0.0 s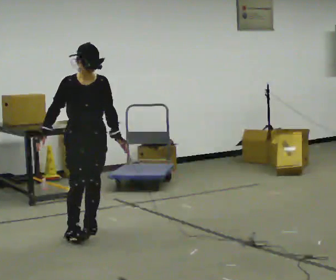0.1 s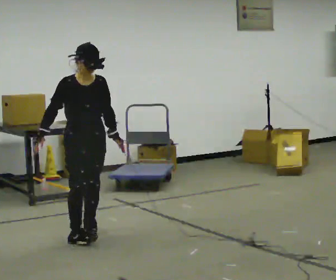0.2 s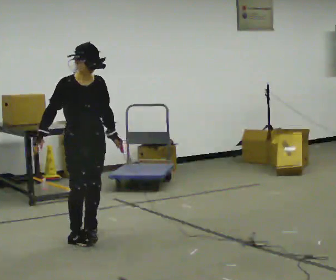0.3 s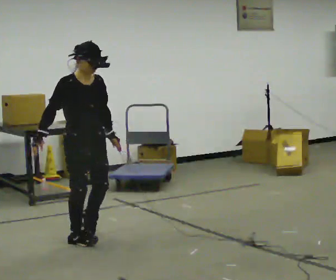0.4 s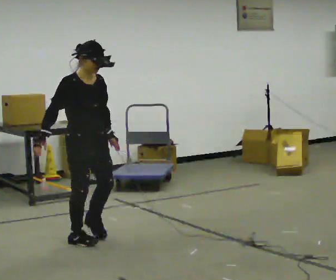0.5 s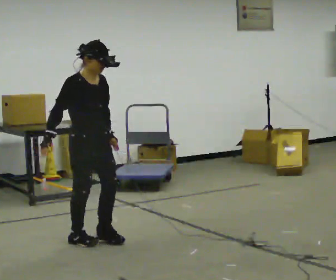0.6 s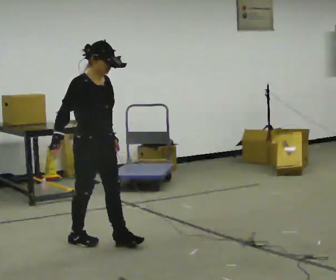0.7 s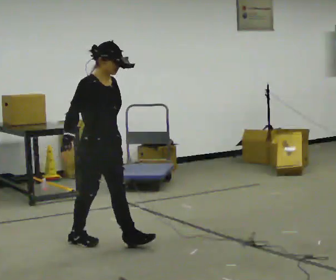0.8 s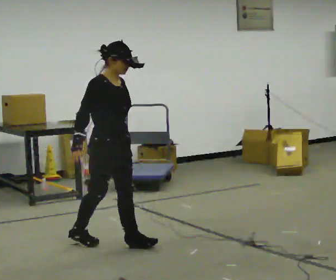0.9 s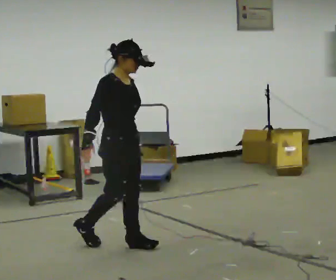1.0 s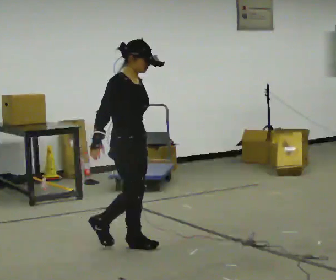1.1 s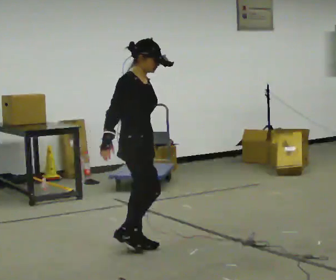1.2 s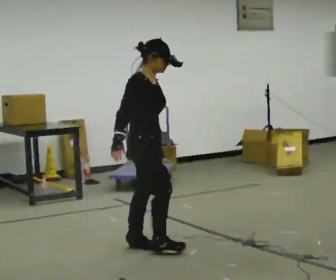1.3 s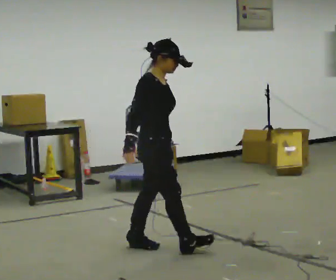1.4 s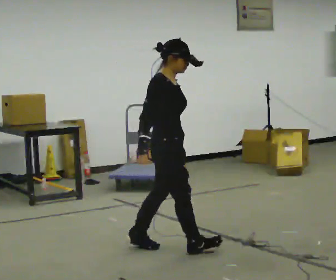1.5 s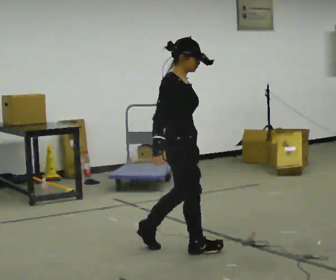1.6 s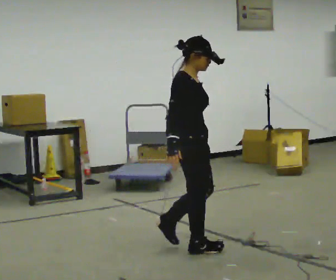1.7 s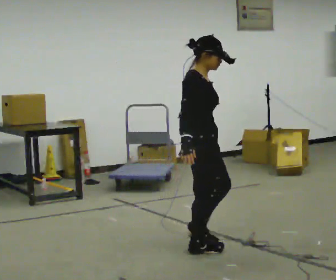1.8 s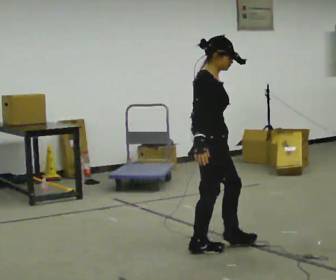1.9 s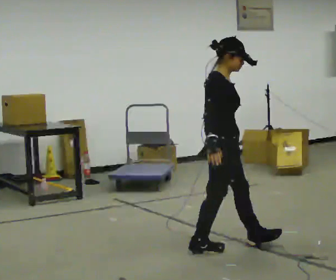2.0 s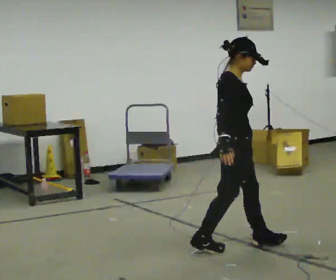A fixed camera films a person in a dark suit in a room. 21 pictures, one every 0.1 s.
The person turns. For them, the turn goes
to their left.
The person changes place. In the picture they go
to the right.
0.0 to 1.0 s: Seen from above the body turns counterclockwise, about 60 degrees: to their left, with its near side sliding to the right. In the picture they go toward the camera and to the right, about 0.5 m in 2 steps, which for them is forward.
1.0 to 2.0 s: In the picture they go to the right, about 1 m in 2 steps, which for them is forward.
The film runs forward here.
